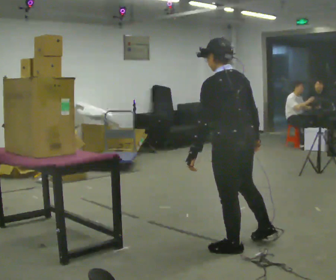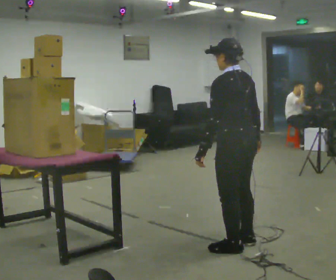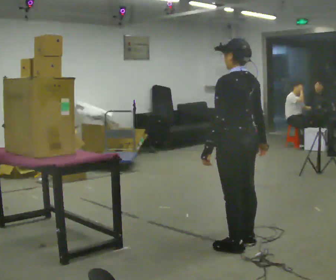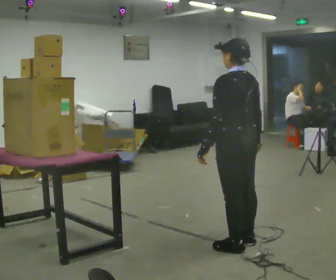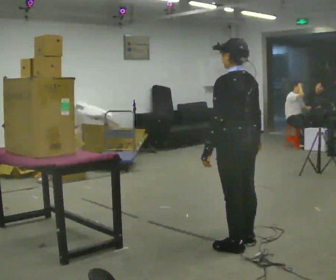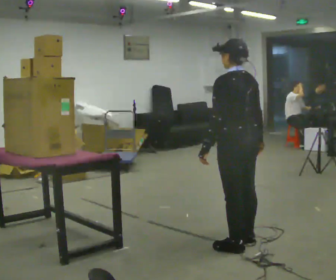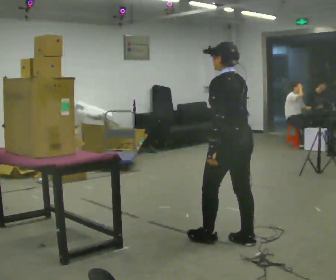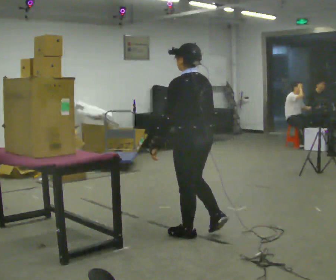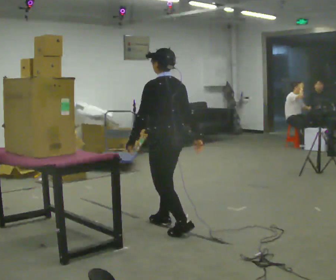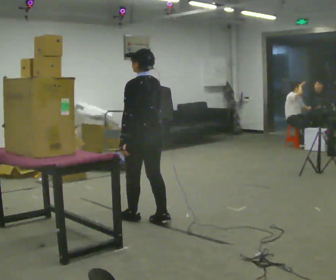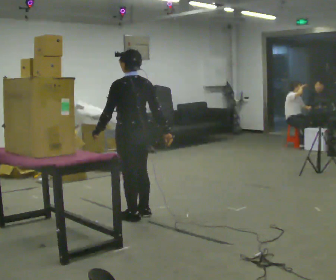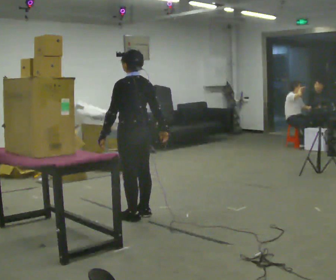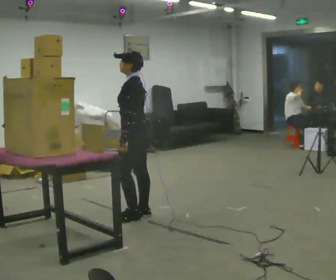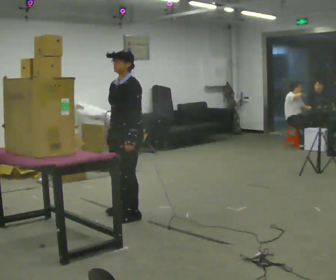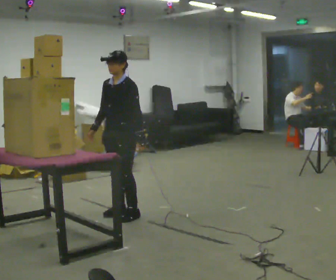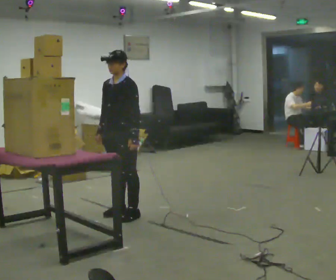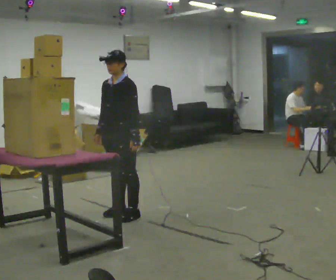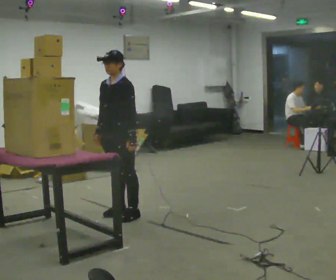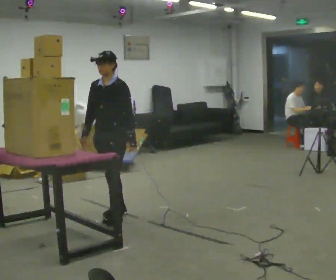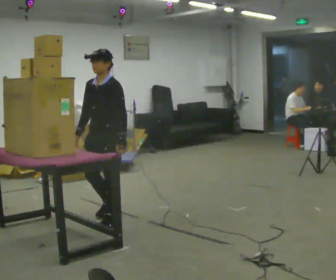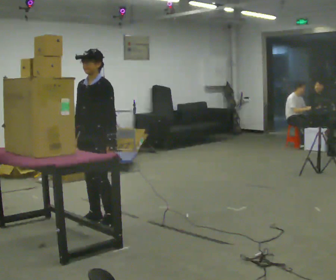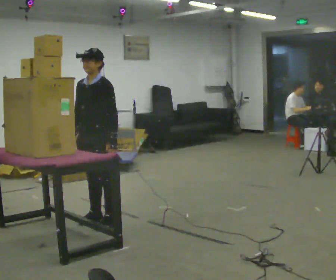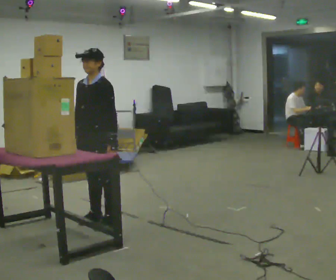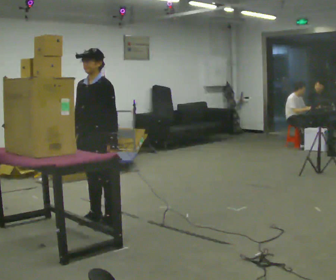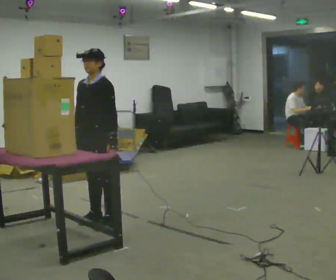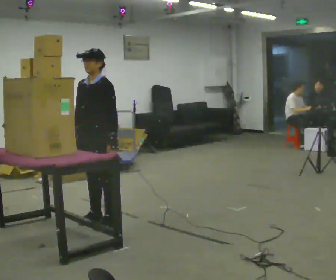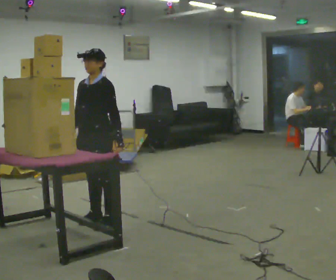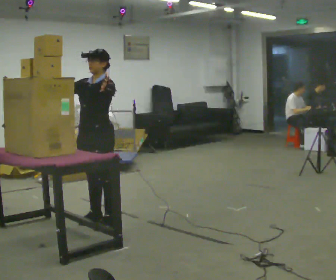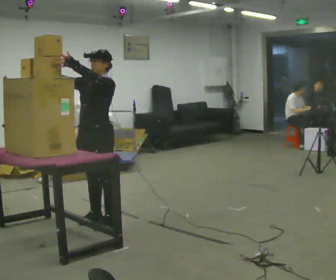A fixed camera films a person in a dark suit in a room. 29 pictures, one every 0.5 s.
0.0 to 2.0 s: The person moves a little, or ends about where they began.
2.0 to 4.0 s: In the picture they go away from the camera and to the left, about 1 m in 2 steps, which for them is forward.
4.0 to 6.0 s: The person turns about 30 degrees to their left, counterclockwise seen from above, so the part of the body nearest the lens slides to the right. In the picture they go away from the camera and to the left, about 0.5 m in 2 steps, which for them is forward.
6.0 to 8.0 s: The person turns about 45 degrees to their left, counterclockwise seen from above, so the part of the body nearest the lens slides to the right.
8.0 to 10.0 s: In the picture they go to the left and toward the camera, about 0.25 m in 2 steps, which for them is forward.
10.0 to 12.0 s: The person moves a little, or ends about where they began.
12.0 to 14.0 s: In the picture their left hand goes upward and to the left.
The film runs forward here.
